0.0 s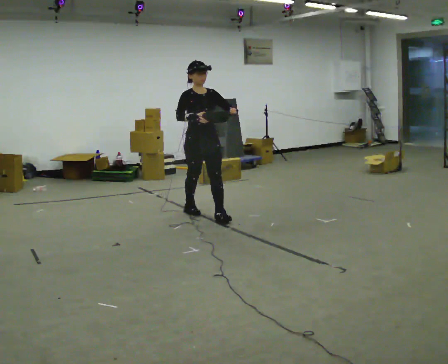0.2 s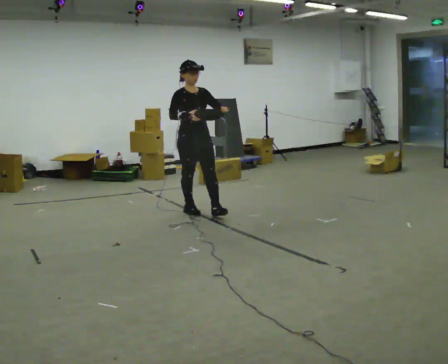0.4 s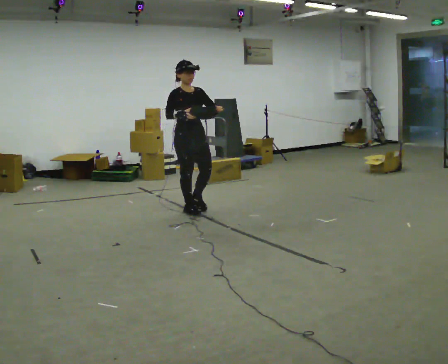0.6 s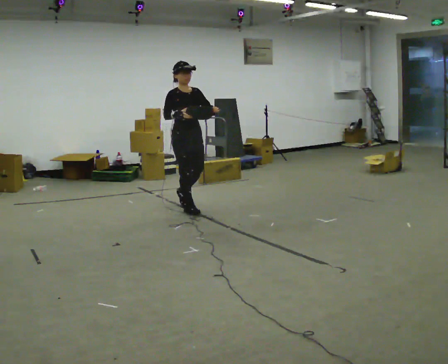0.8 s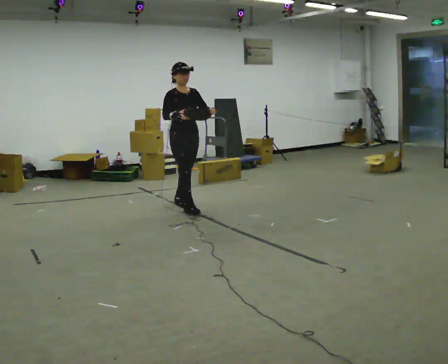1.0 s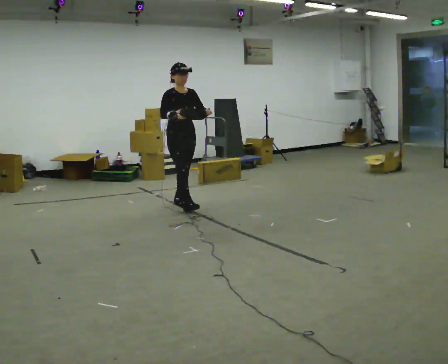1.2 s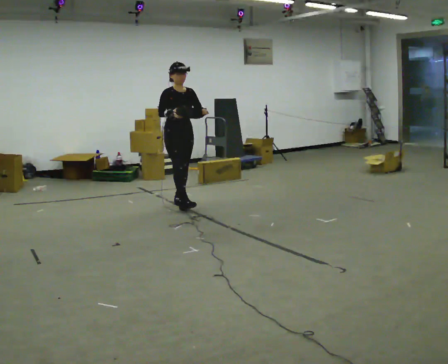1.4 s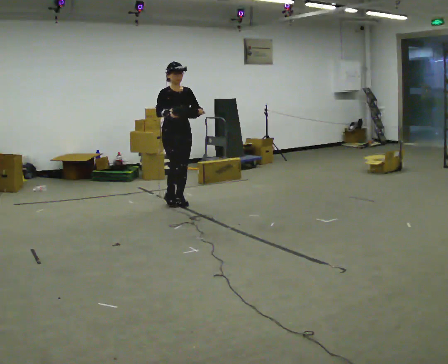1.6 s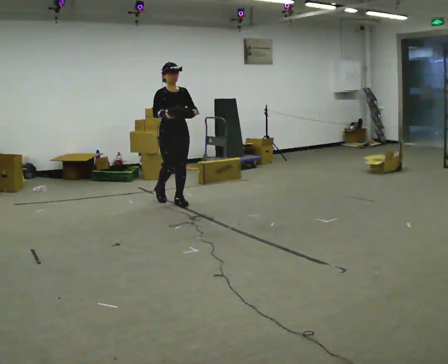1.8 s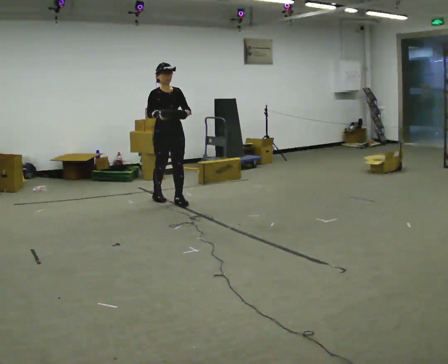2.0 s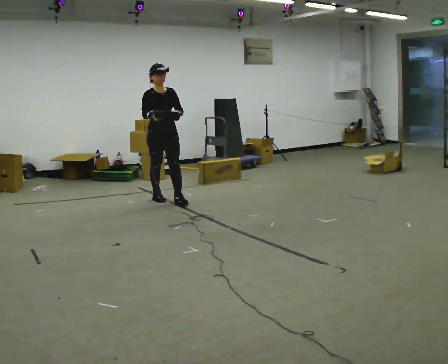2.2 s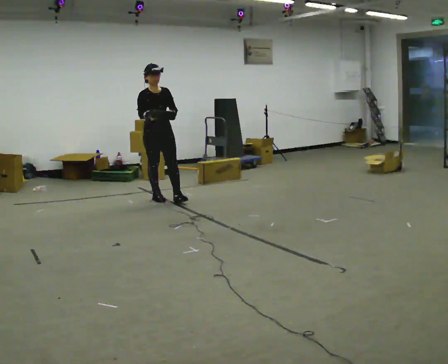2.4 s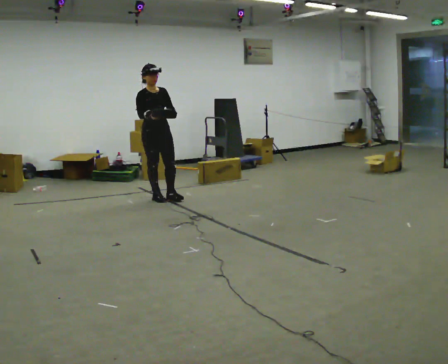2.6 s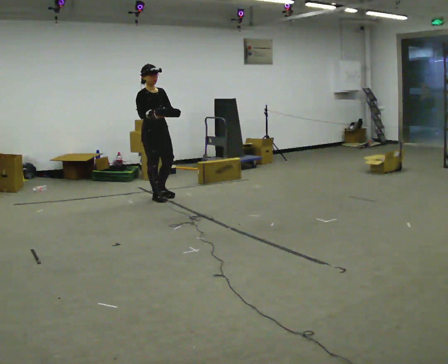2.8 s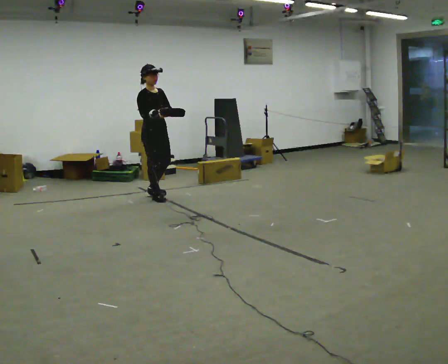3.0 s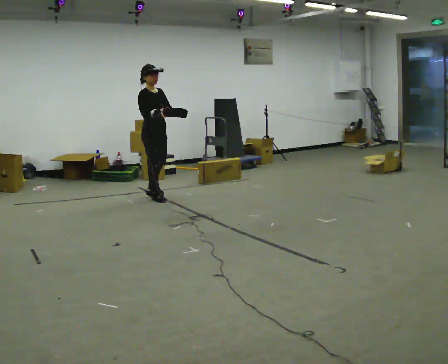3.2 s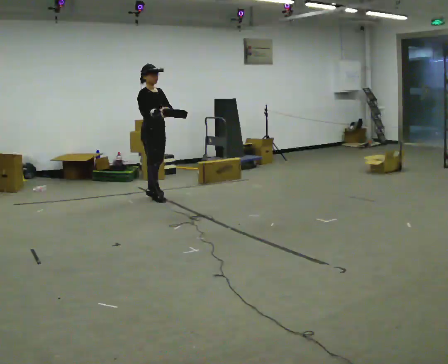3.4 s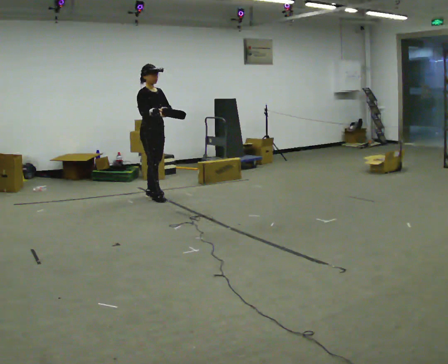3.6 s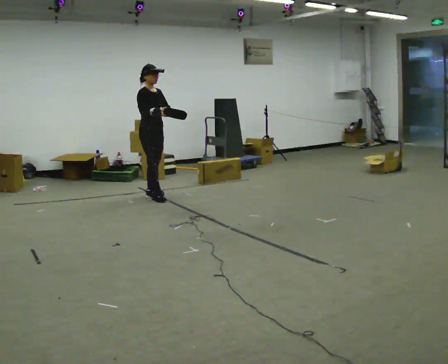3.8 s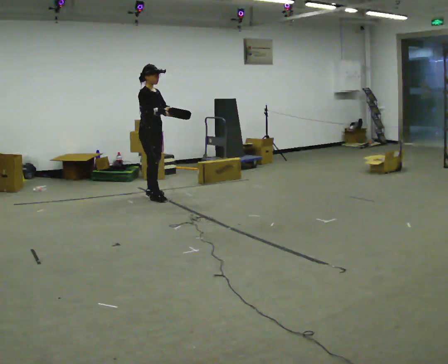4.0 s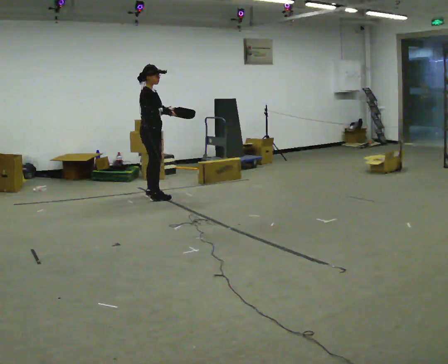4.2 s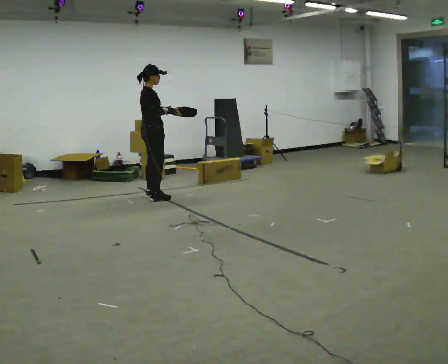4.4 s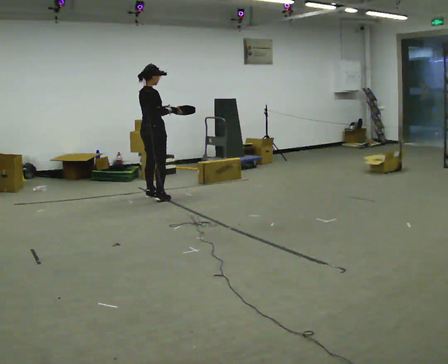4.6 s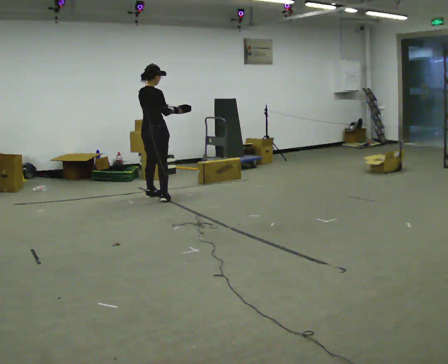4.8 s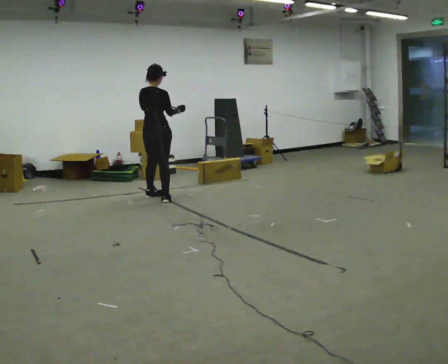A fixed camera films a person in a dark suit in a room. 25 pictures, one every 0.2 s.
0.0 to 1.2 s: In the picture they go away from the camera and to the left, about 0.5 m in 2 steps, which for them is backward.
1.2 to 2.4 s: In the picture they go to the left and away from the camera, about 0.5 m in 1 step, which for them is backward and to their right.
2.4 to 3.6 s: The part of the body nearest the lens slides to the right as the person turns to their left by about 30 degrees. In the picture they go away from the camera, about 0.25 m, which for them is backward.
3.6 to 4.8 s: The part of the body nearest the lens slides to the right as the person turns to their left by about 90 degrees.
The film runs backward here.
